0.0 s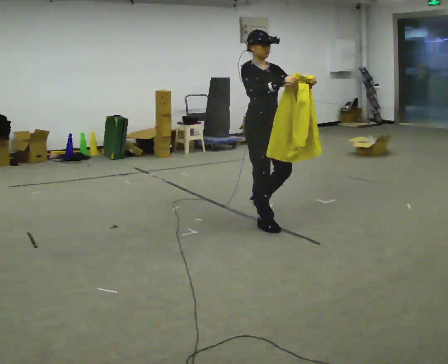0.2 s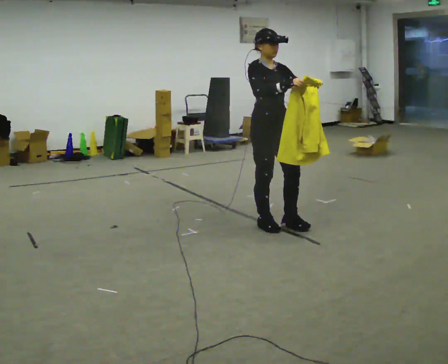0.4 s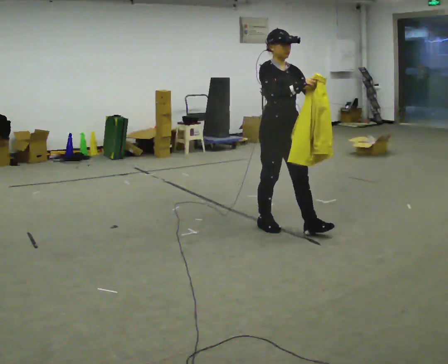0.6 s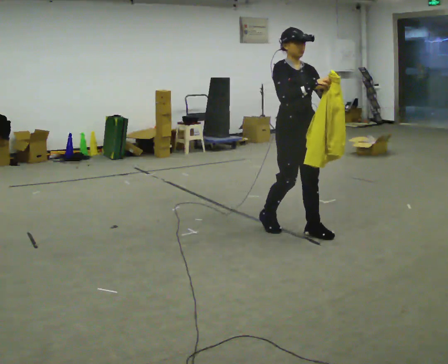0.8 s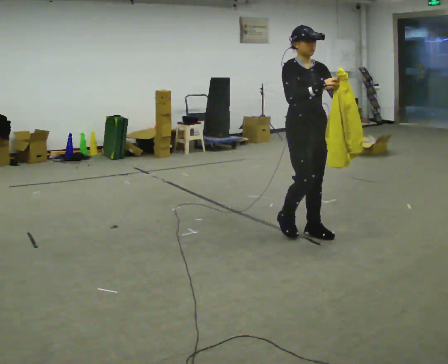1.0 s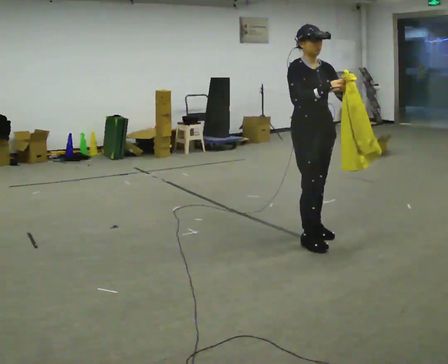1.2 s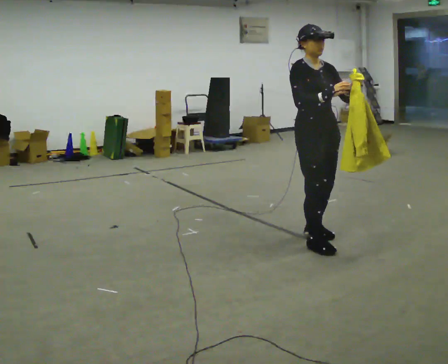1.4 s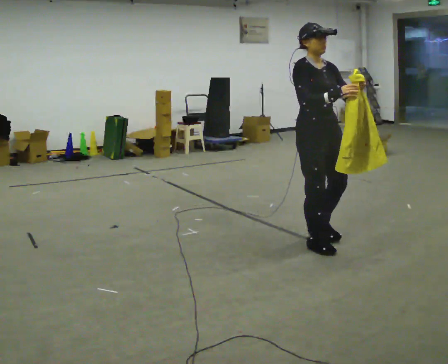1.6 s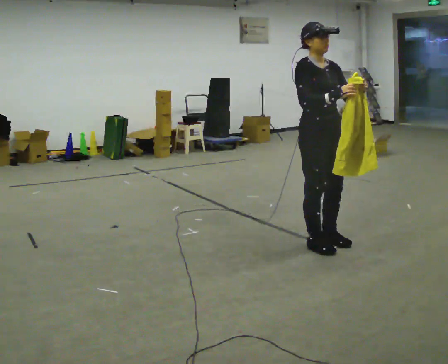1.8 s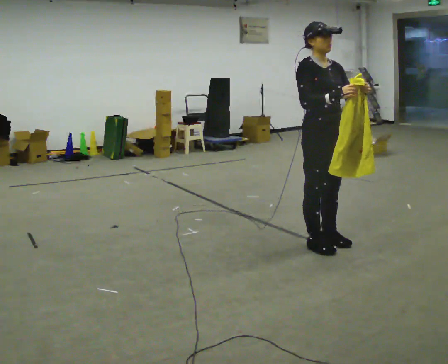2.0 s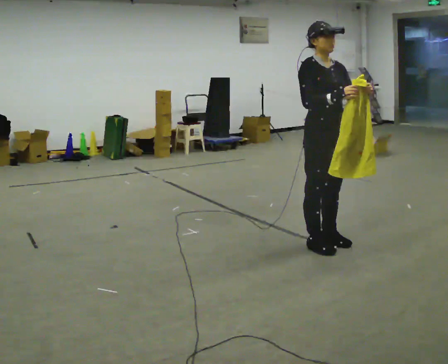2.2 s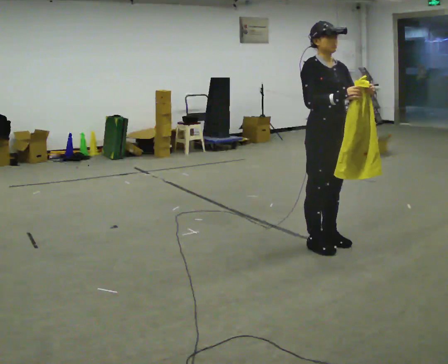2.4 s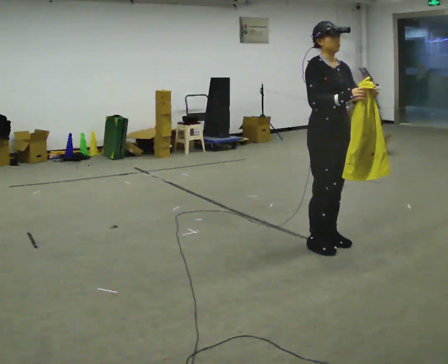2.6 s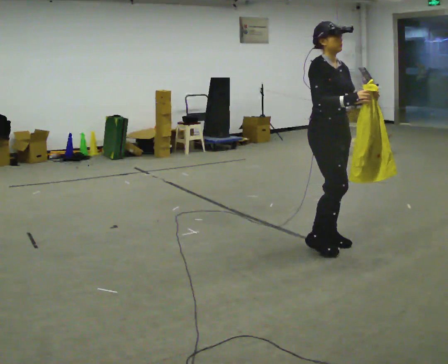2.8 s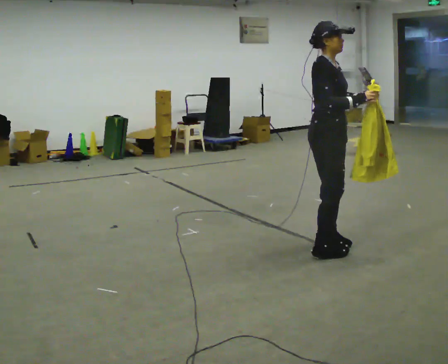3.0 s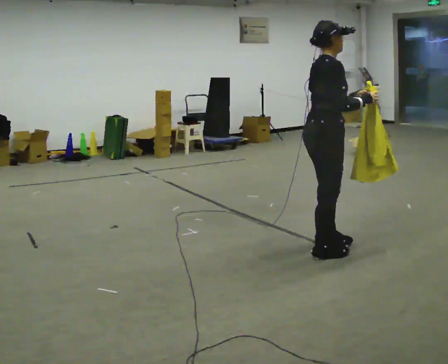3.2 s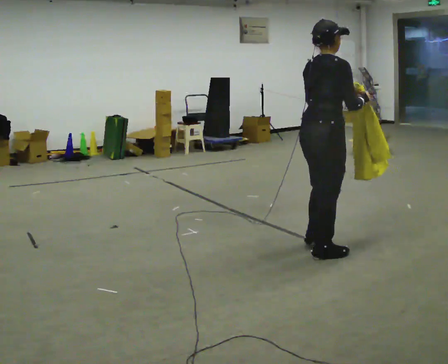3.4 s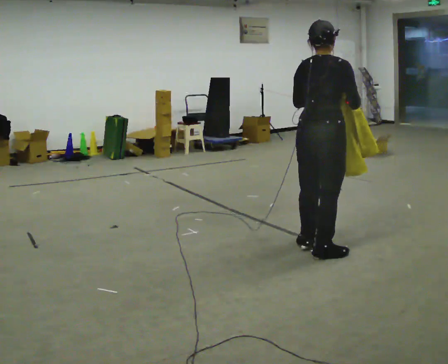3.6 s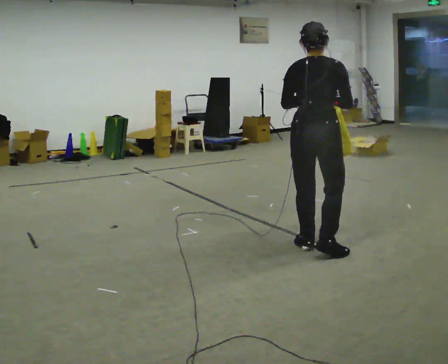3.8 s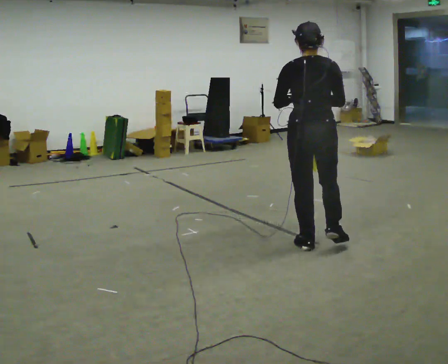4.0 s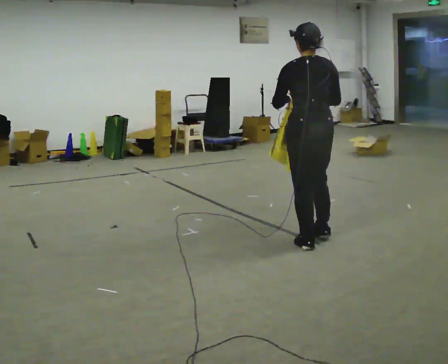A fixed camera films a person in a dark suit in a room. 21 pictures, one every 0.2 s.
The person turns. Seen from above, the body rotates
counterclockwise.
The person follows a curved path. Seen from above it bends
clockwise.
0.0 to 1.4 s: In the picture they go toward the camera and to the right, about 0.5 m in 2 steps, which for them is forward.
1.4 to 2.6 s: The person moves a little, or ends about where they began.
2.6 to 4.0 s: Seen from above the body turns counterclockwise, about 150 degrees: to their left, with its near side sliding to the right. In the picture their left hand goes to the left.
The film runs forward here.
